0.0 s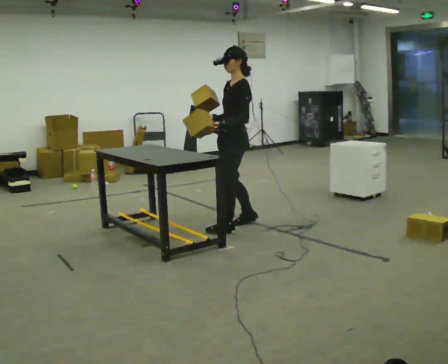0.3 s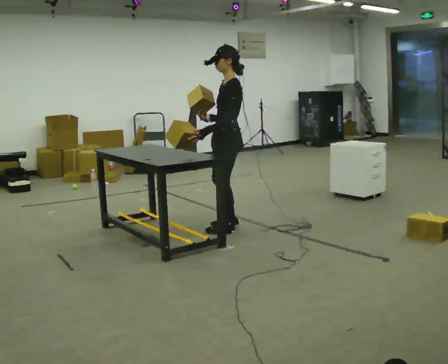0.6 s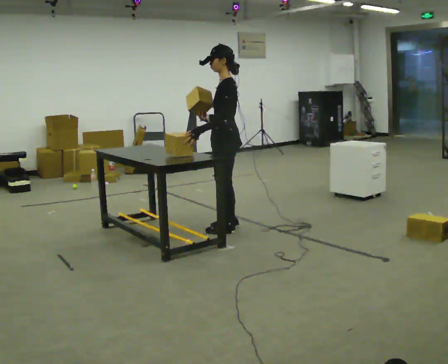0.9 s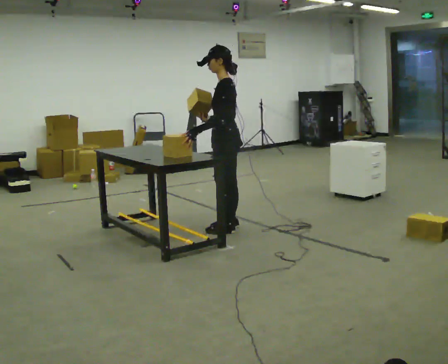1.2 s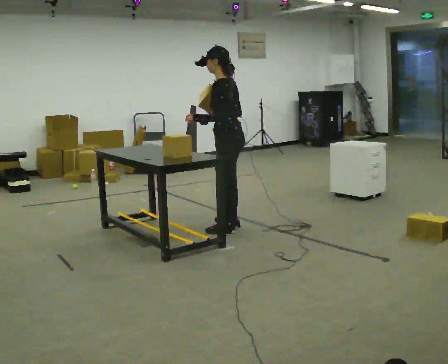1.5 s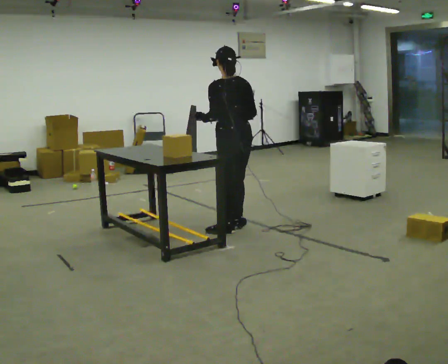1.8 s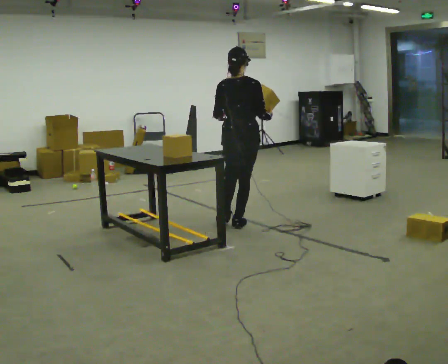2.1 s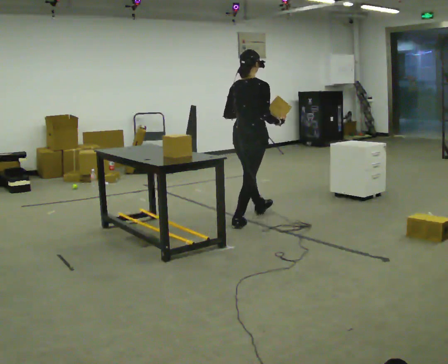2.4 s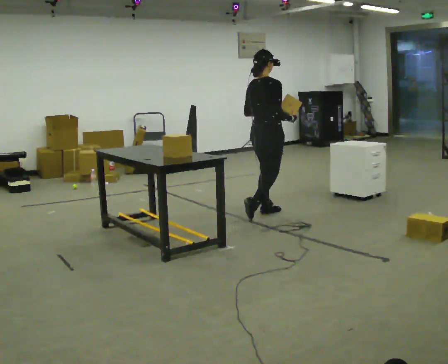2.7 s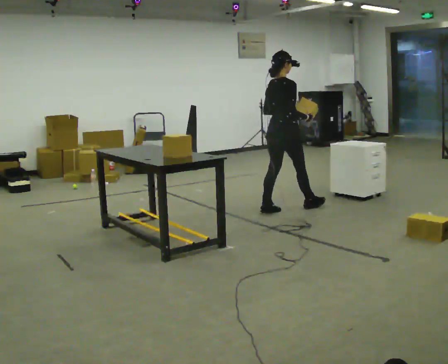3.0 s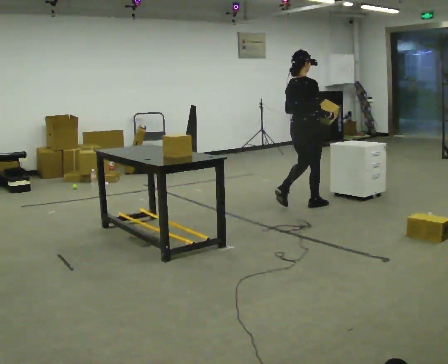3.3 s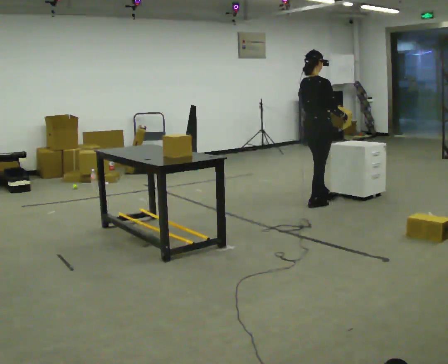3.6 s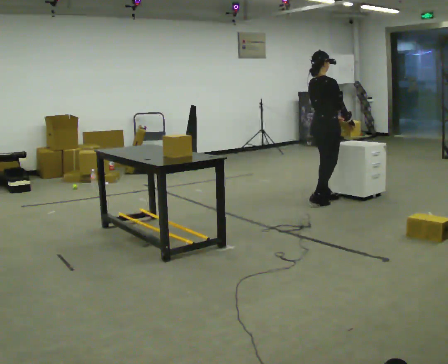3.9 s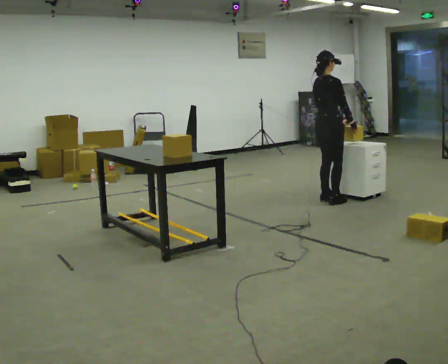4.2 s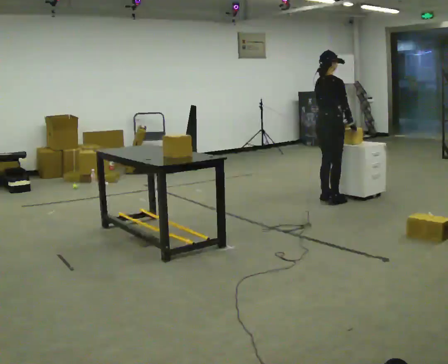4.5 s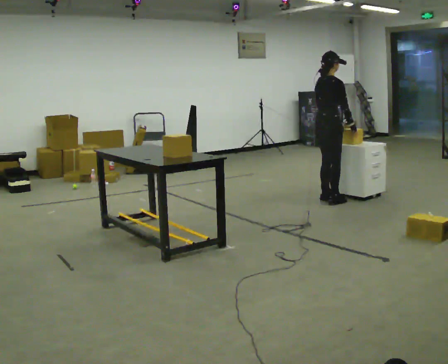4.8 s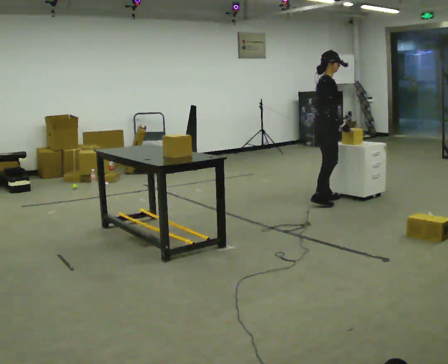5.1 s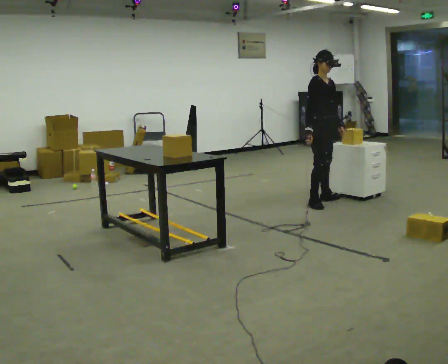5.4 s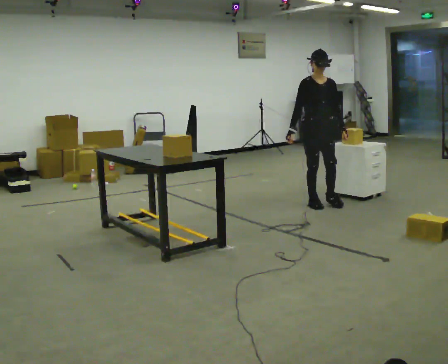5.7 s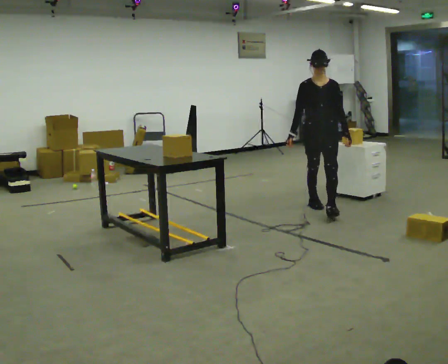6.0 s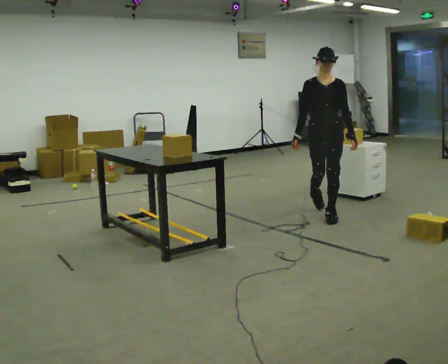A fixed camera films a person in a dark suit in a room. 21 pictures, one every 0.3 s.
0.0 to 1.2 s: Seen from above the body turns clockwise, about 30 degrees: to their right, with its near side sliding to the left.
1.2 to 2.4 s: The part of the body nearest the lens slides to the left as the person turns to their right by about 120 degrees. In the picture they go away from the camera and to the right, about 0.5 m in 1 step.
2.4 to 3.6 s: In the picture they go to the right and away from the camera, about 1 m in 2 steps, which for them is forward.
3.6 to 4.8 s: The part of the body nearest the lens slides to the left as the person turns to their right by about 30 degrees.
4.8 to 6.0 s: Seen from above the body turns clockwise, about 90 degrees: to their right, with its near side sliding to the left. In the picture they go toward the camera, about 0.75 m in 2 steps.
The film runs forward here.
